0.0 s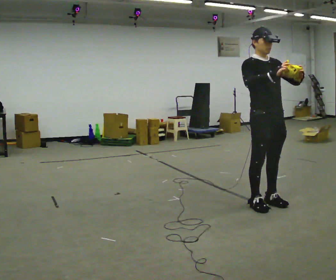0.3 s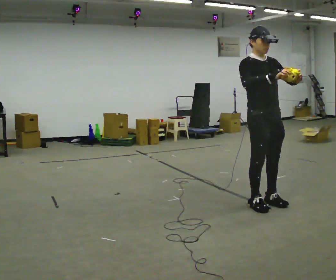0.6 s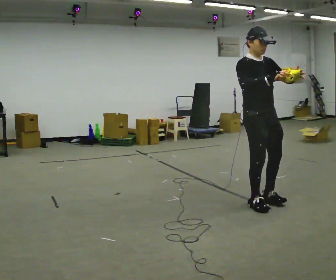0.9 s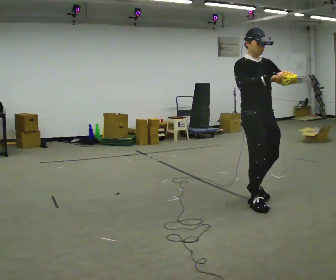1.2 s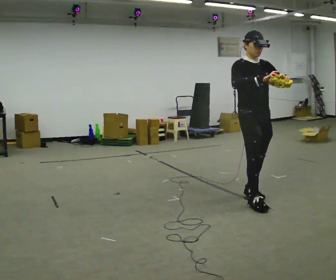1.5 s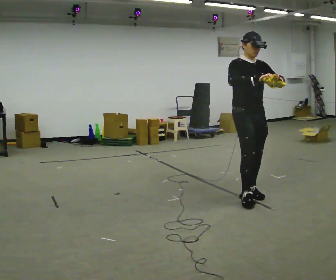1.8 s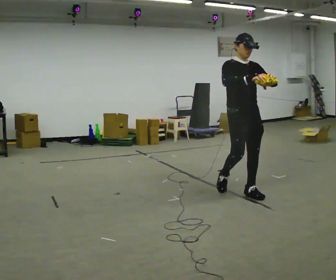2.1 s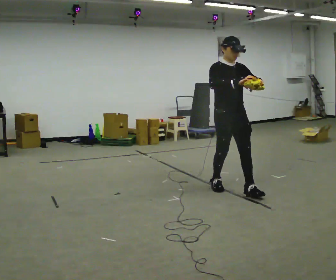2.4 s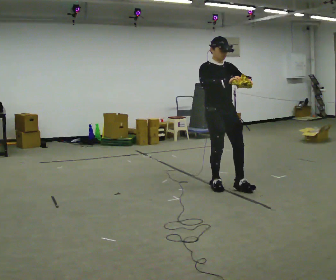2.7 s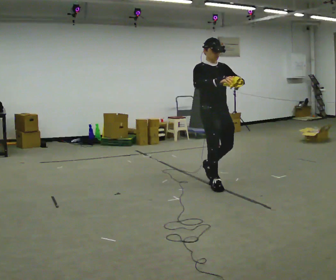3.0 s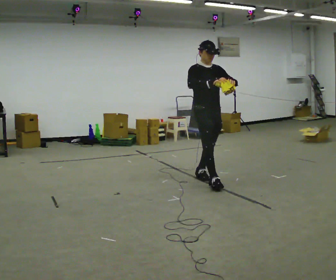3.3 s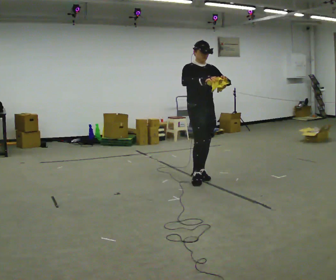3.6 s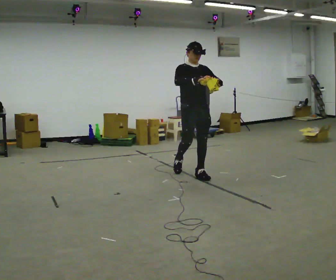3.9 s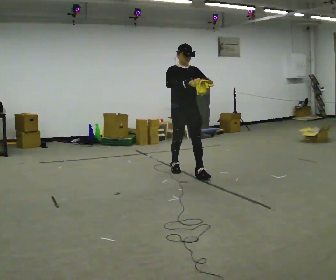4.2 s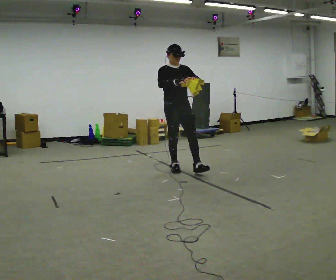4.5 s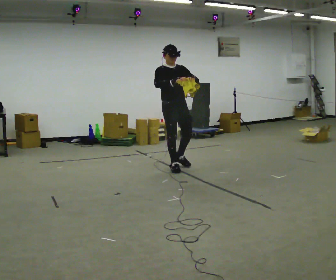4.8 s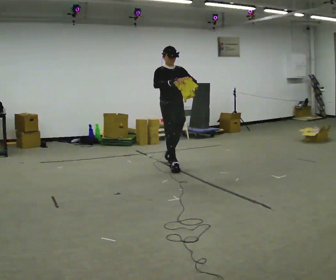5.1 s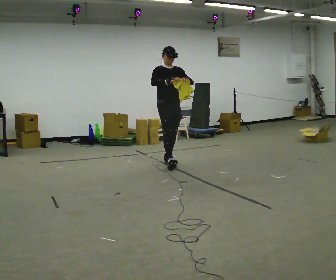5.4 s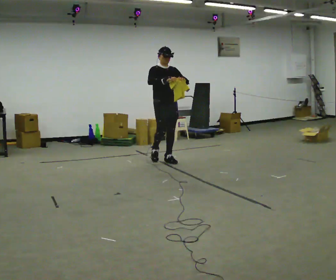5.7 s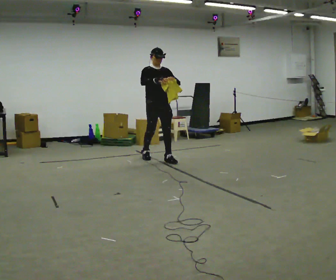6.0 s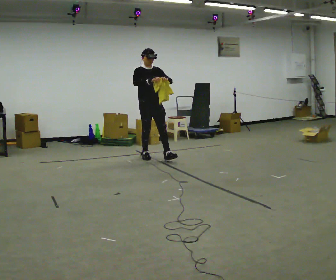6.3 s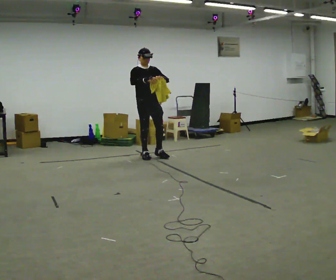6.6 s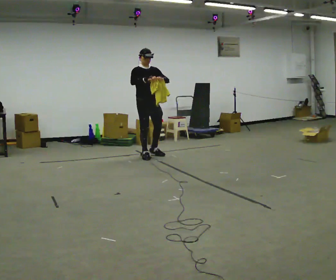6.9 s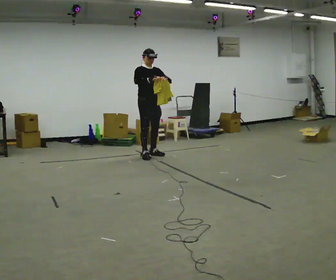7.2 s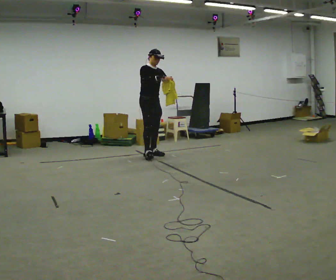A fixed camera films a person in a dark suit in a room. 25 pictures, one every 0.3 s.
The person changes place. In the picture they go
away from the camera.
0.0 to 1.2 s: In the picture they go away from the camera, about 0.25 m in 1 step, which for them is backward.
1.2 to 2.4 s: In the picture they go away from the camera and to the left, about 0.5 m in 2 steps, which for them is backward.
2.4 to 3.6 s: In the picture they go away from the camera and to the left, about 0.75 m in 1 step, which for them is backward.
3.6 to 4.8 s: In the picture they go away from the camera and to the left, about 0.75 m in 1 step, which for them is backward.
4.8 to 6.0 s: In the picture they go away from the camera and to the left, about 0.75 m in 1 step, which for them is backward.
6.0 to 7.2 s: In the picture they go away from the camera, about 0.25 m in 2 steps, which for them is backward.
The film runs backward here.
